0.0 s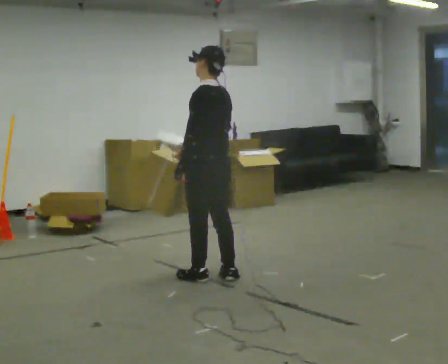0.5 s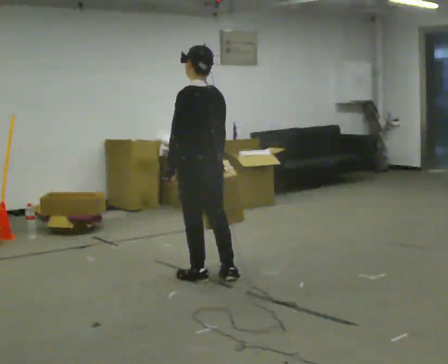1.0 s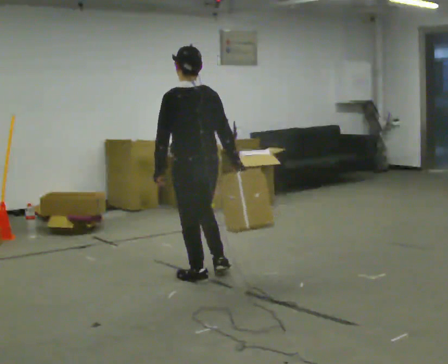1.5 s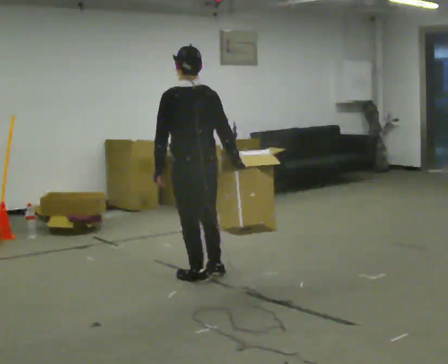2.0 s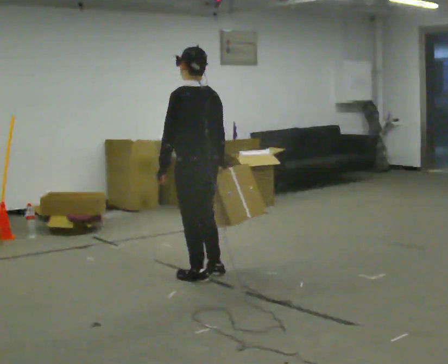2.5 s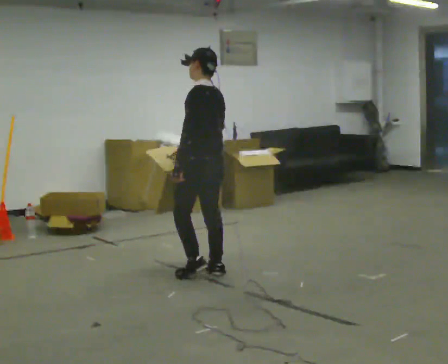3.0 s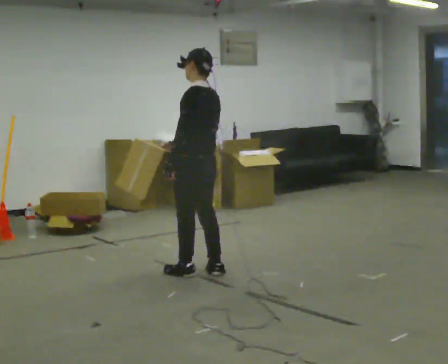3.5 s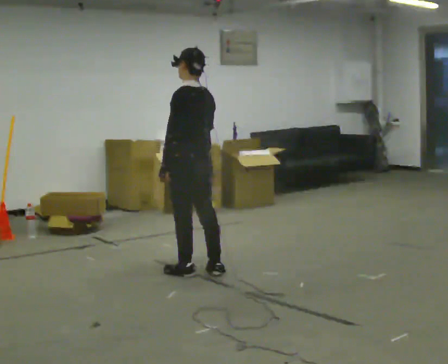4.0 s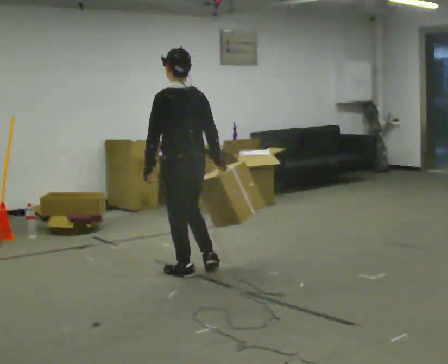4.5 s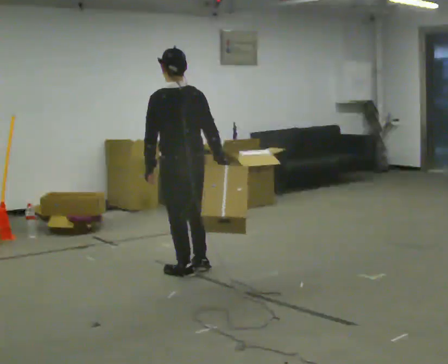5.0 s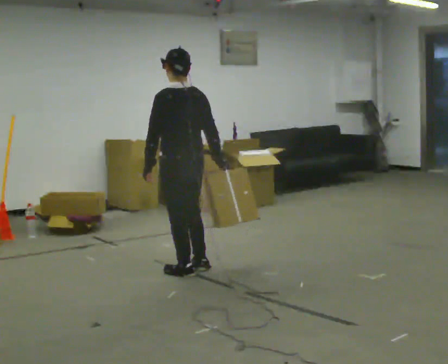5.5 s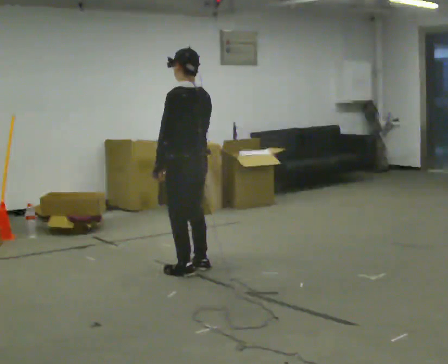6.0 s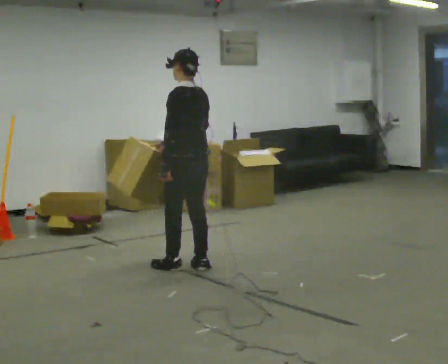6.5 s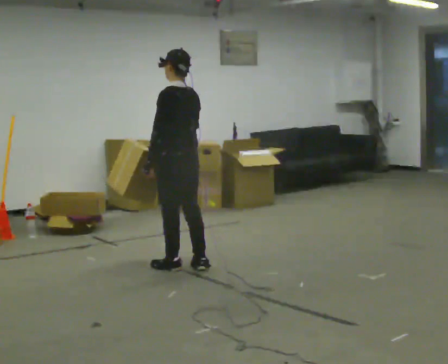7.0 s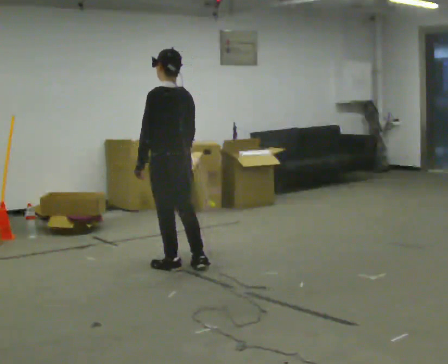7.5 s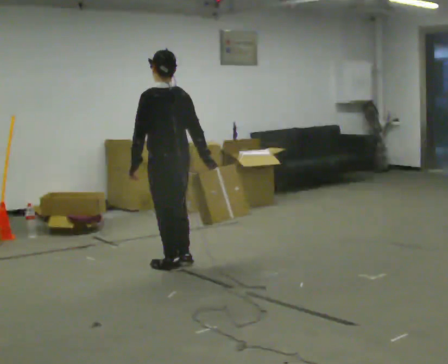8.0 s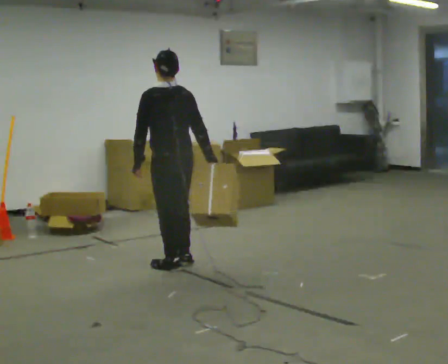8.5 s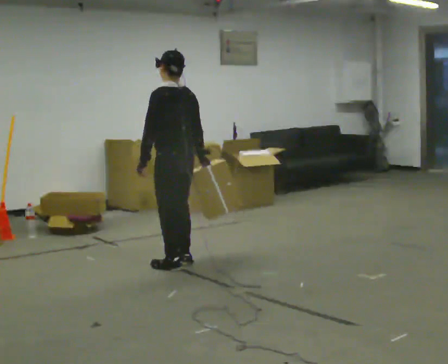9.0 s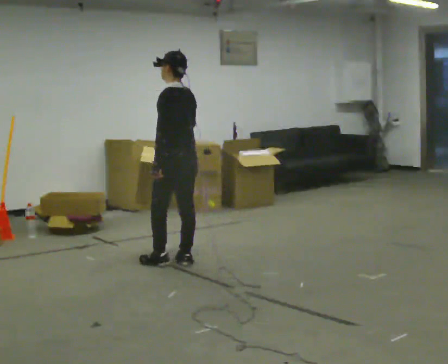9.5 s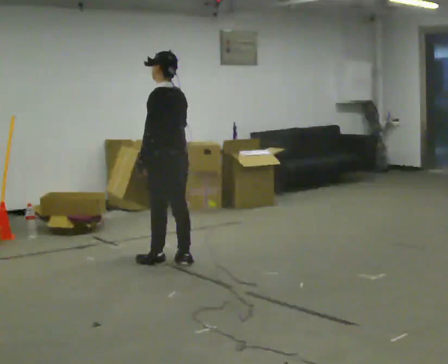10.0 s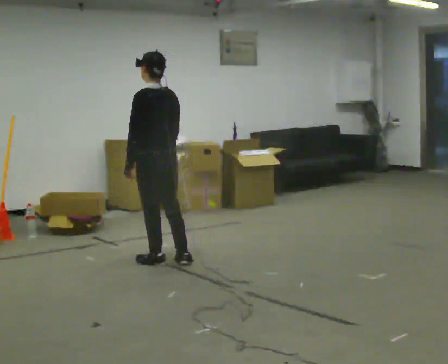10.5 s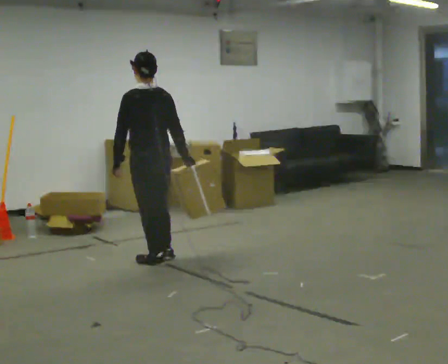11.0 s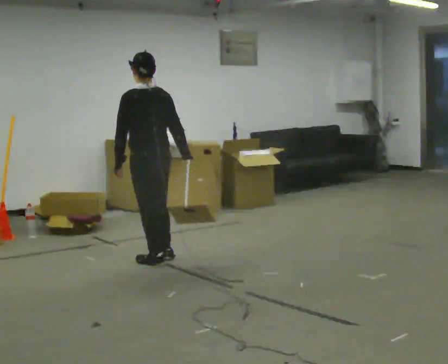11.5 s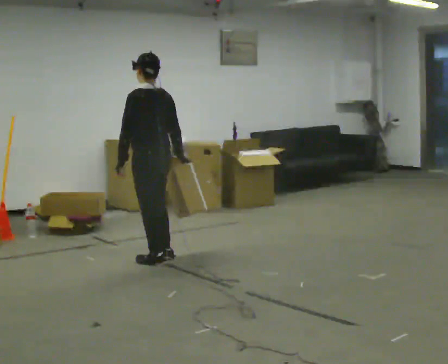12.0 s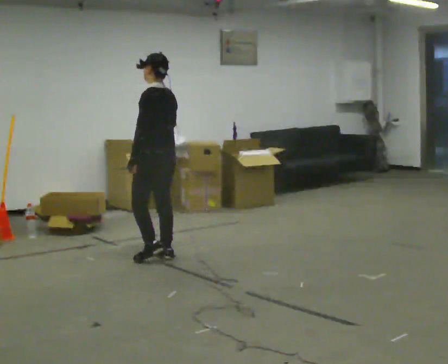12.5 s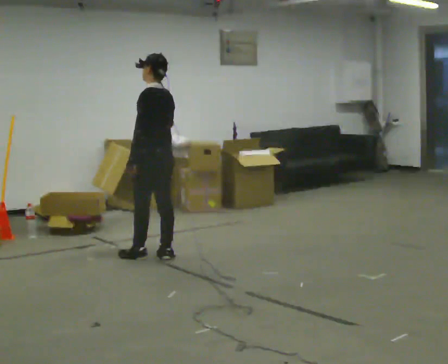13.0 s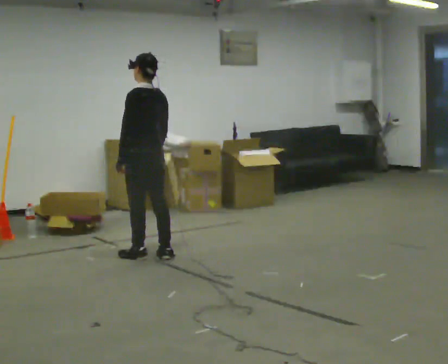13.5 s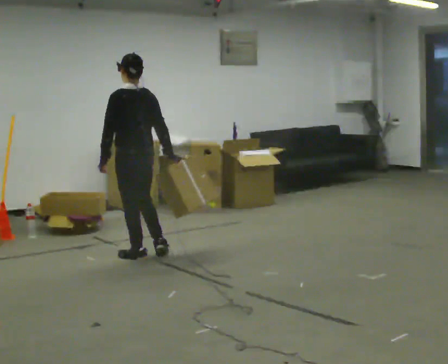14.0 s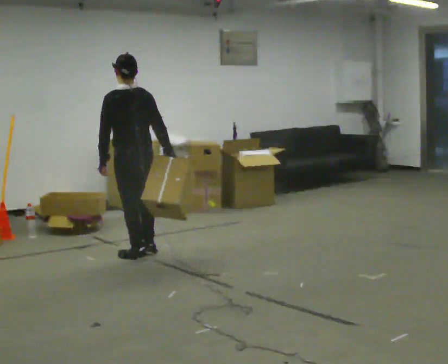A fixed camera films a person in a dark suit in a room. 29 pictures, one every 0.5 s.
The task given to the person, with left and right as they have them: Carry the object in the hand the operator calls, down at your side, walking back and forth across the room.
0.0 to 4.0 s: In the picture they go to the left, about 0.25 m in 2 steps, which for them is forward.
4.0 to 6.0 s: In the picture they go away from the camera, about 0.25 m in 2 steps, which for them is to their right and forward. In the picture their right hand goes to the left, the arm swinging clockwise.
6.0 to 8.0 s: In the picture their right hand goes to the right, the arm swinging counterclockwise.
8.0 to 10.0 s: In the picture their right hand goes to the left.
10.0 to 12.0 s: In the picture they go away from the camera, about 0.25 m in 1 step, which for them is forward.
12.0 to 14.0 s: The person turns about 30 degrees to their right, clockwise seen from above, so the part of the body nearest the lens slides to the left. In the picture they go to the left, about 0.25 m in 2 steps, which for them is forward and to their left.
The film runs forward here.
